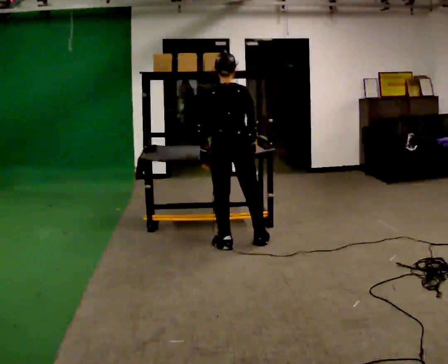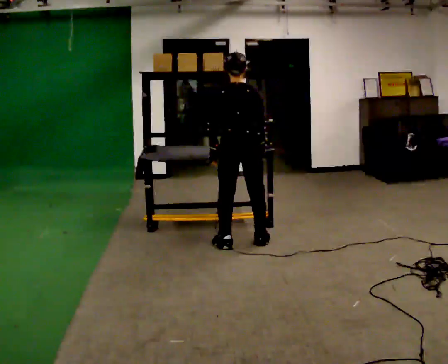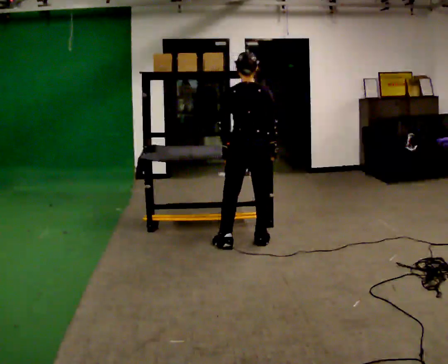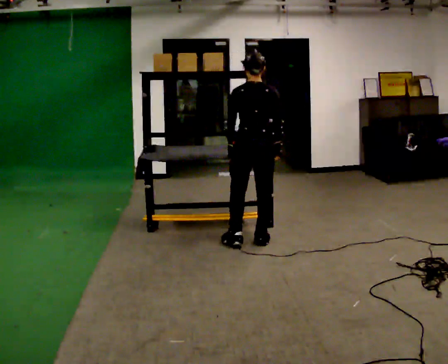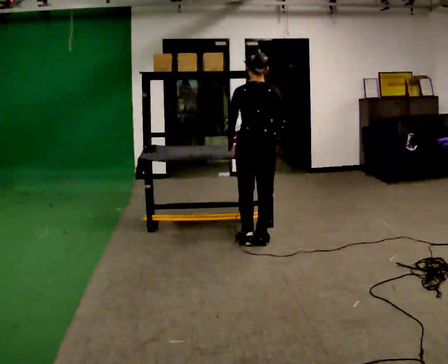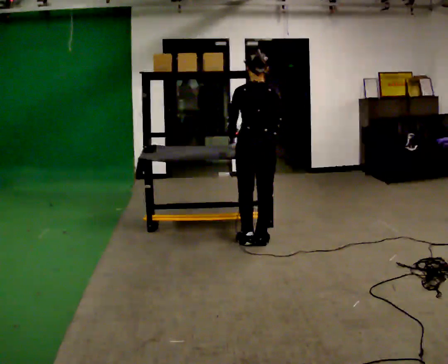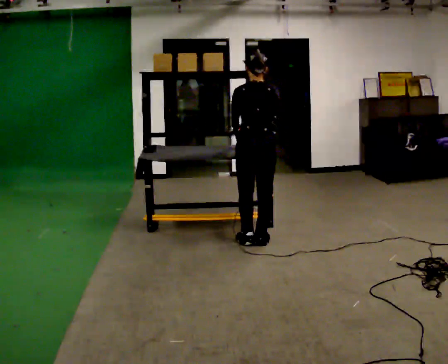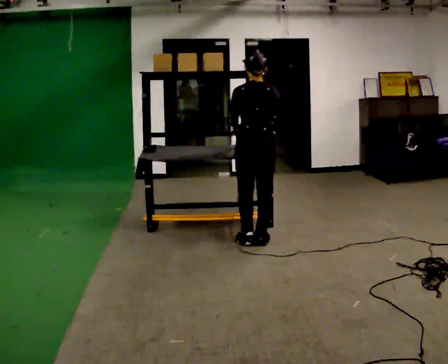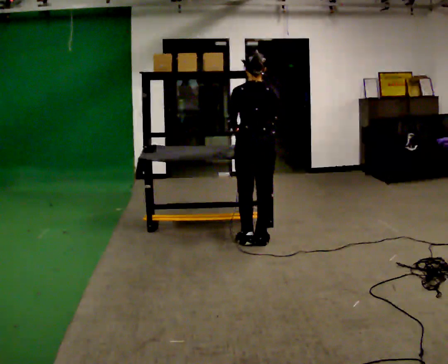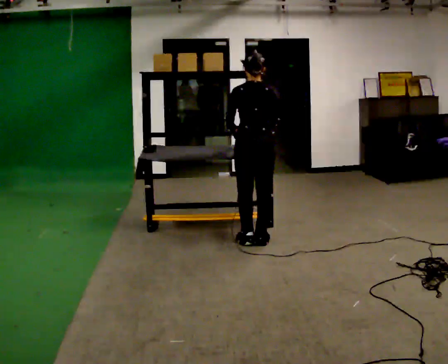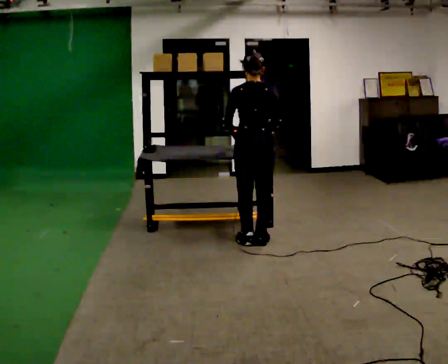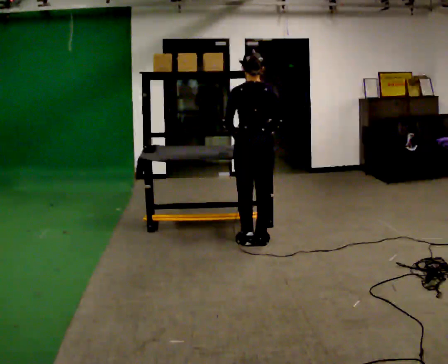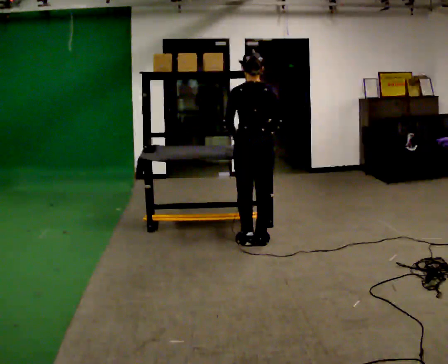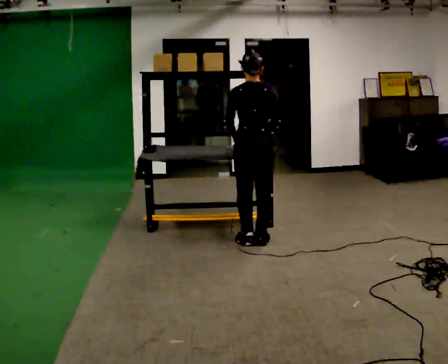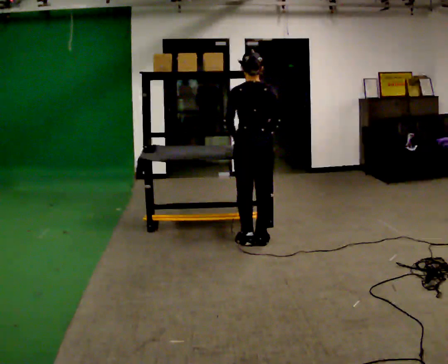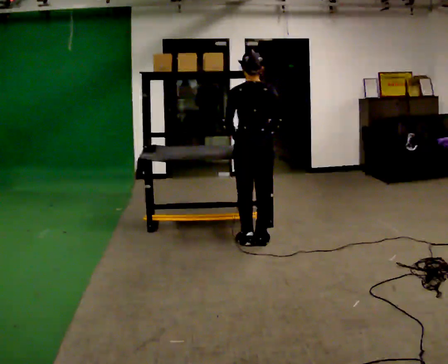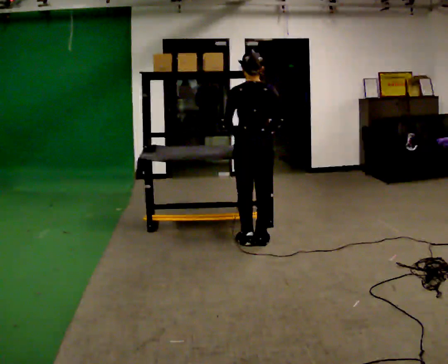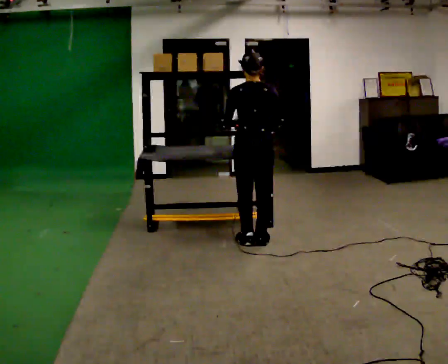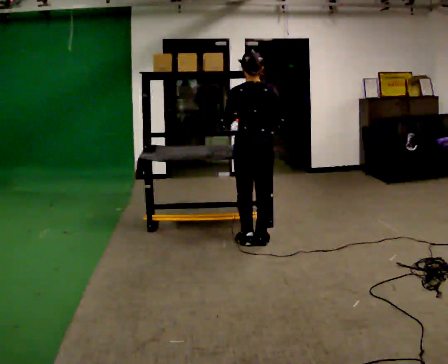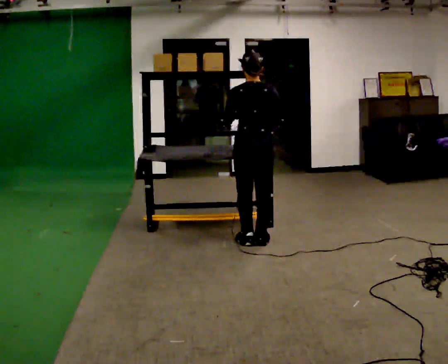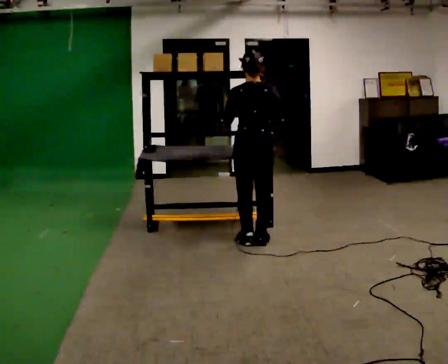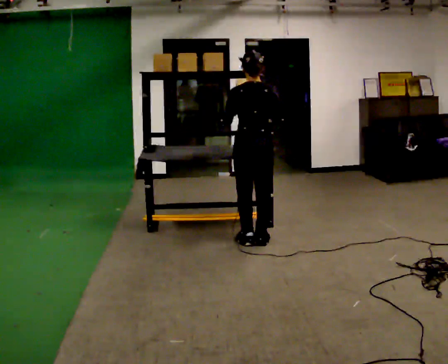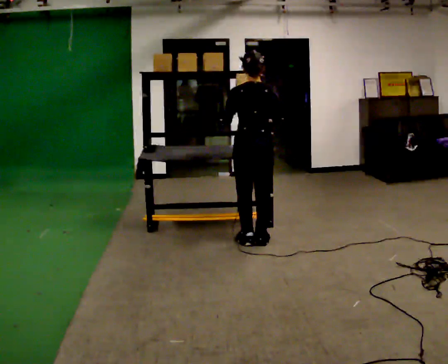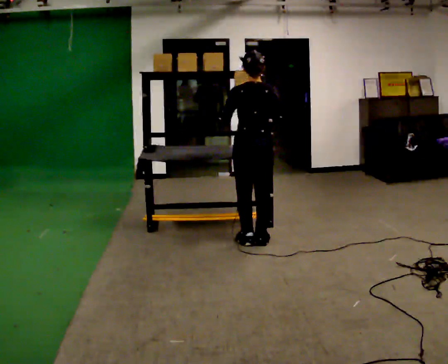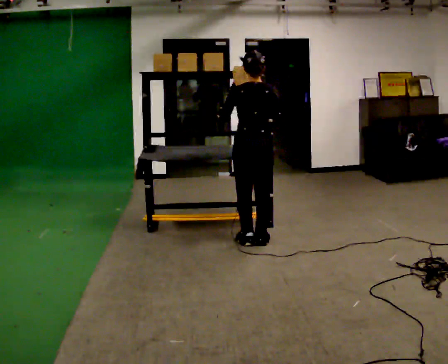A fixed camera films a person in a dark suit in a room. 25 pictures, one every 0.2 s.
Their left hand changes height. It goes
upward.
Their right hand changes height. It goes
upward.
0.0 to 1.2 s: In the picture they go to the right, about 0.25 m in 1 step, which for them is to their right.
1.2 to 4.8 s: The person moves a little, or ends about where they began.
The film runs forward here.
